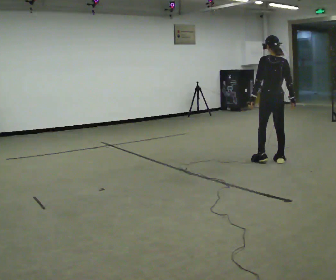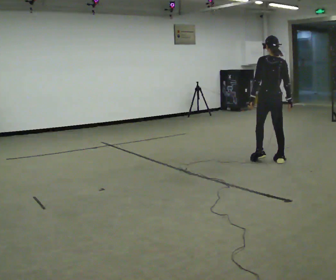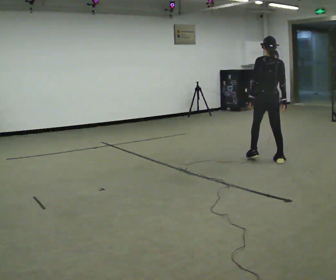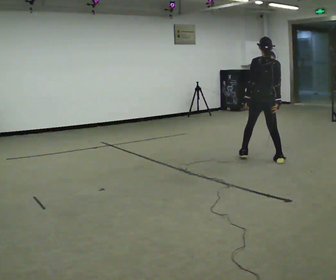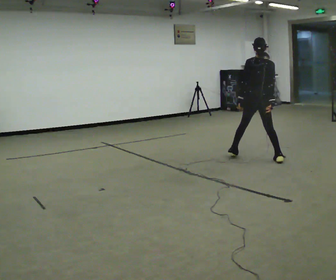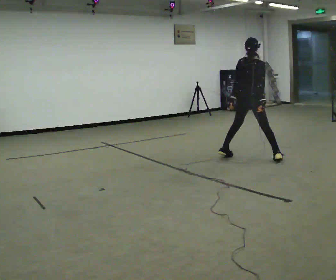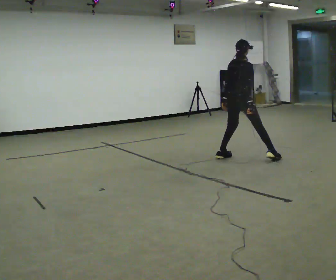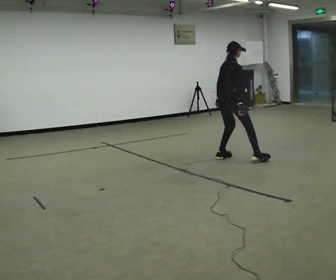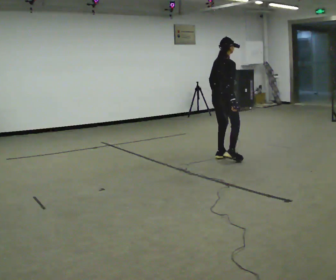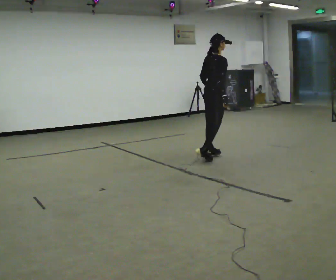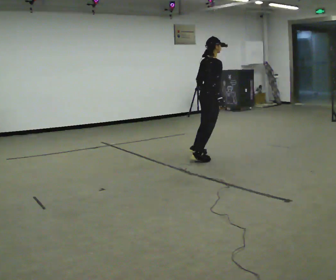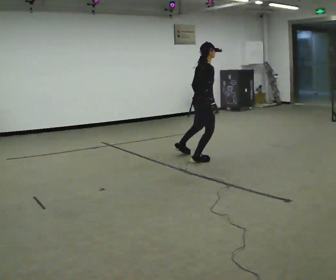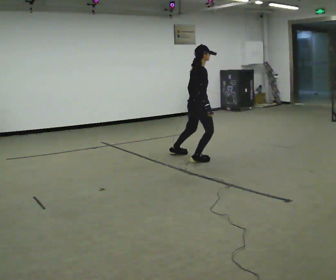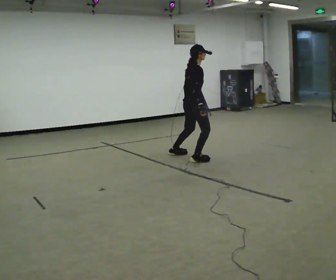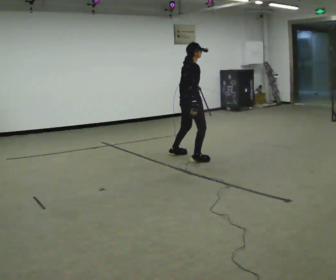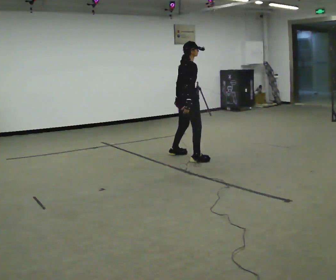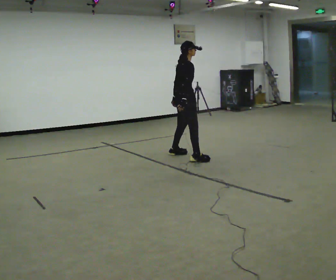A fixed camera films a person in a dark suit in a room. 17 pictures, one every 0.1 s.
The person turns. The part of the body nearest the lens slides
to the left.
The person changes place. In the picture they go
to the left.
0.0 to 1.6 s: The part of the body nearest the lens slides to the left as the person turns to their right by about 75 degrees. In the picture they go to the left and away from the camera, about 1 m in 3 steps.
The film runs forward here.
